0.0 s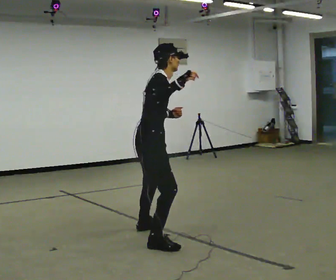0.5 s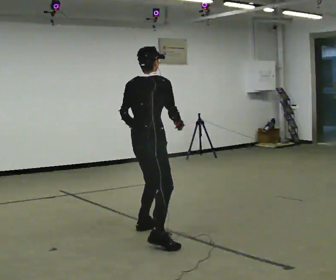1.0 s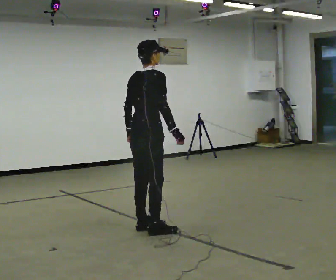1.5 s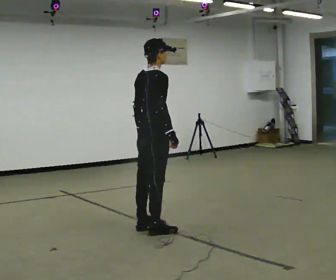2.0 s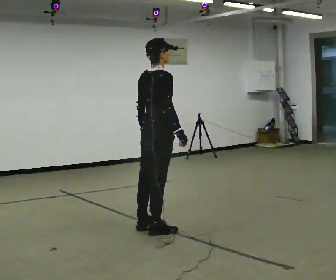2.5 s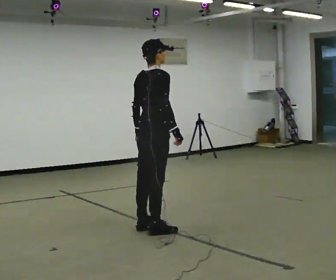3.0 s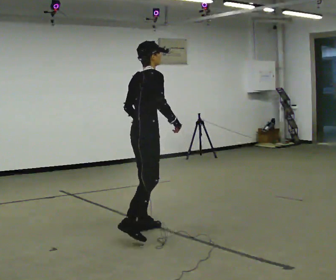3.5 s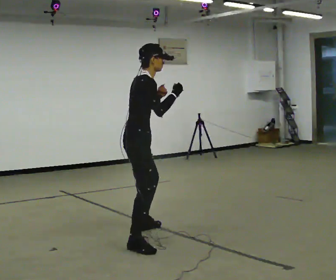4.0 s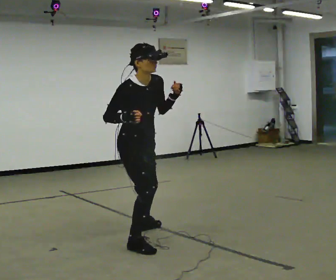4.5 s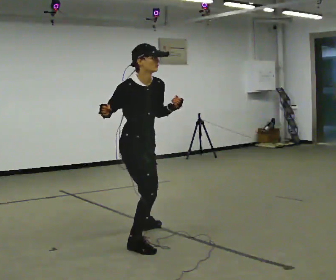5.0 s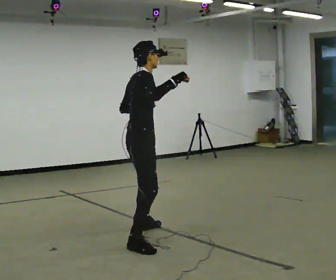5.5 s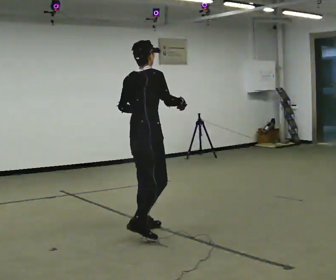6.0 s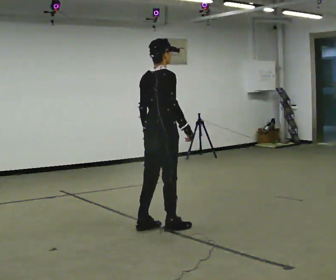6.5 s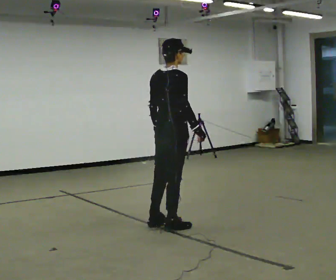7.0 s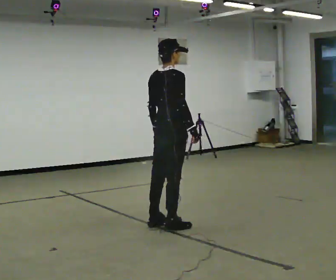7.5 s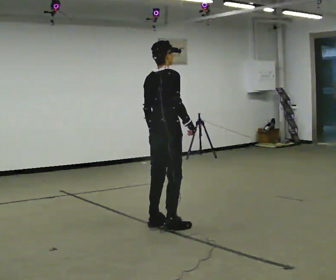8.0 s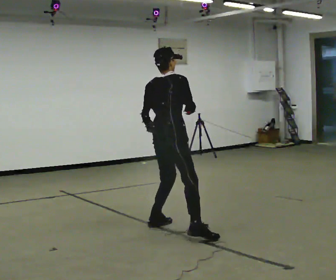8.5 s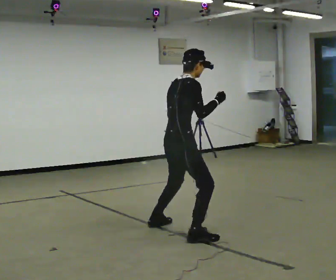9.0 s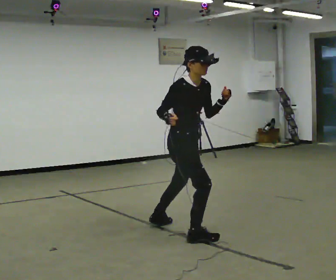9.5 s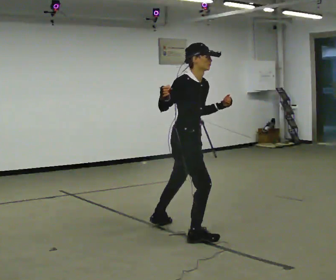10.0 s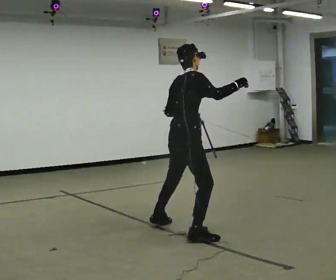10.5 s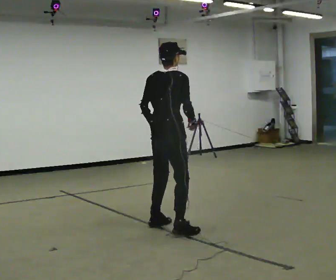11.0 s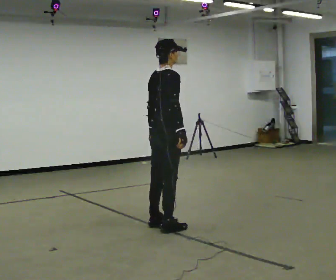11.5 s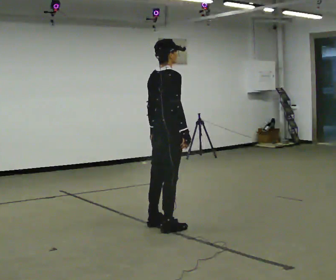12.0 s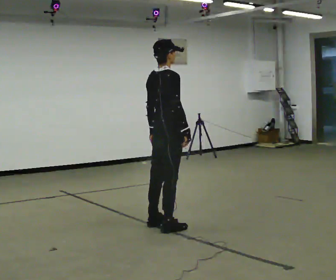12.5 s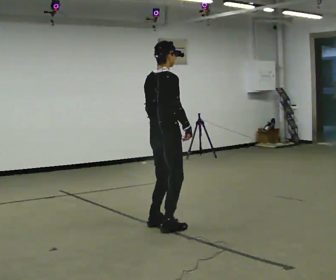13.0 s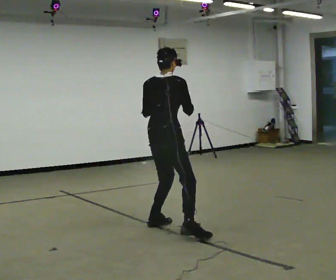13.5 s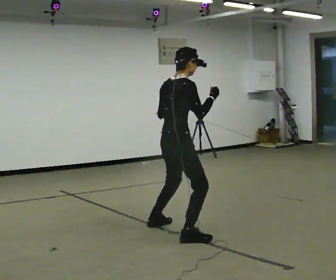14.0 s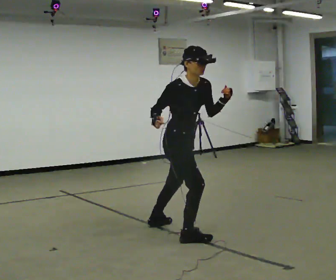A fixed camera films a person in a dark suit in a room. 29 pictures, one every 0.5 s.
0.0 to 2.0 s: The part of the body nearest the lens slides to the right as the person turns to their left by about 30 degrees. In the picture they go away from the camera, about 0.25 m in 1 step, which for them is forward and to their left. In the picture their right hand goes downward.
2.0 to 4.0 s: The person turns about 75 degrees to their right, clockwise seen from above, so the part of the body nearest the lens slides to the left. In the picture they go toward the camera, about 0.5 m in 1 step. In the picture their left hand goes upward.
4.0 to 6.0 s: Seen from above the body turns counterclockwise, about 90 degrees: to their left, with its near side sliding to the right. In the picture they go away from the camera and to the right, about 0.5 m in 1 step. In the picture their left hand goes downward.
6.0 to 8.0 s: The person moves a little, or ends about where they began.
8.0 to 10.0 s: In the picture they go toward the camera, about 0.25 m in 1 step. In the picture their right hand goes to the right.
10.0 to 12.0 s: In the picture they go away from the camera and to the left, about 0.25 m in 1 step, which for them is to their left. In the picture their right hand goes downward, the arm swinging clockwise.
12.0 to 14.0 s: The person turns about 60 degrees to their right, clockwise seen from above, so the part of the body nearest the lens slides to the left. In the picture they go toward the camera, about 0.25 m in 1 step. In the picture the upper body tilts clockwise, shoulders to the right, as they bend forward.
The film runs forward here.
